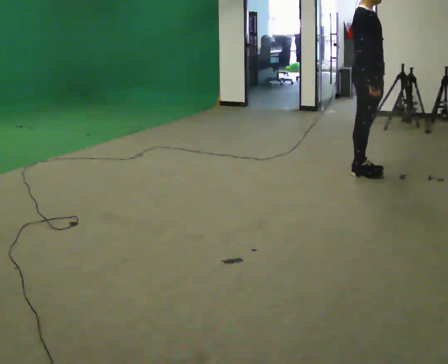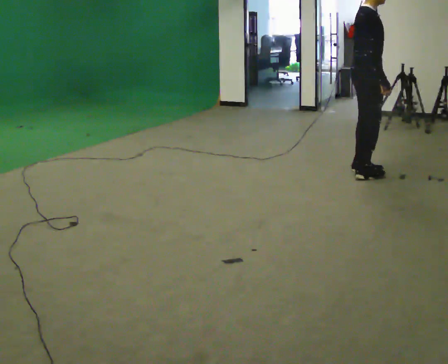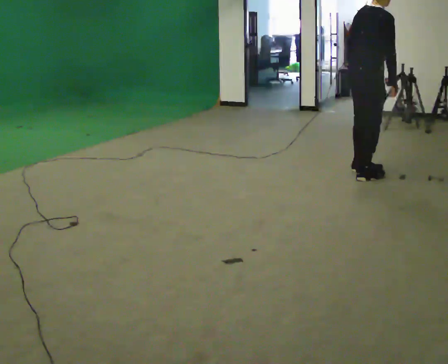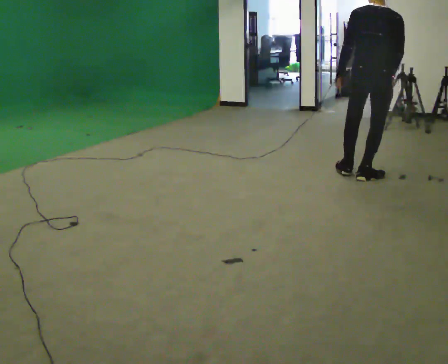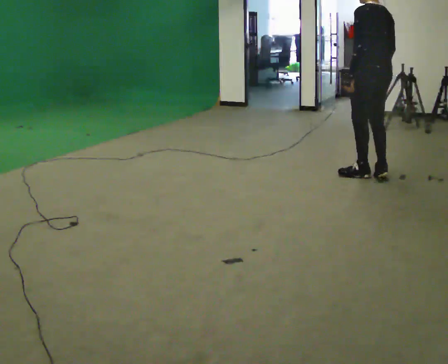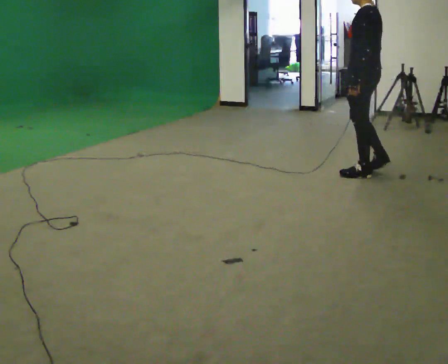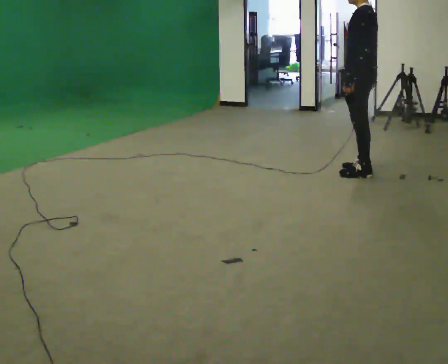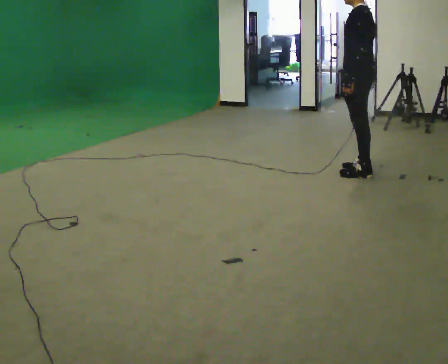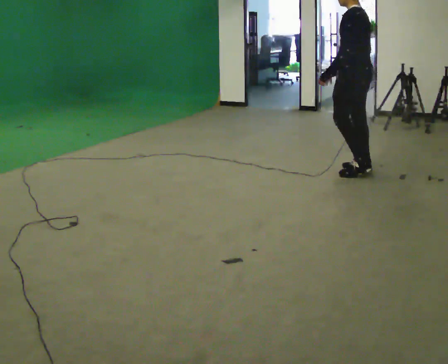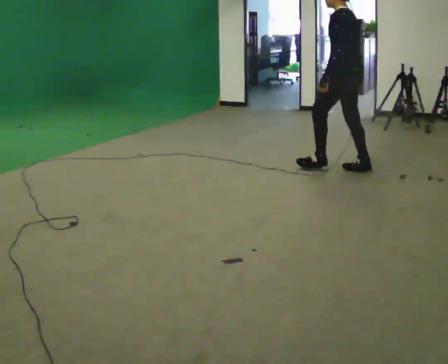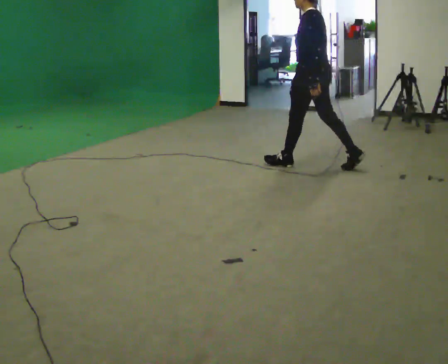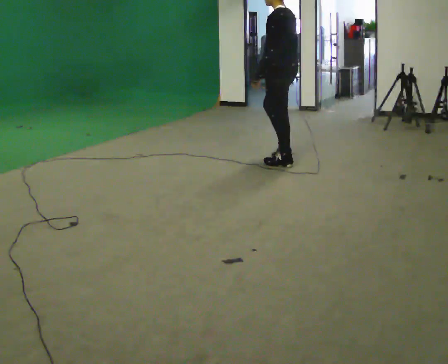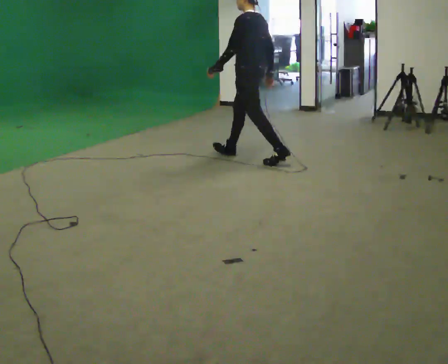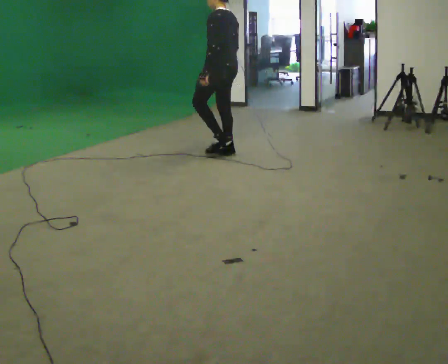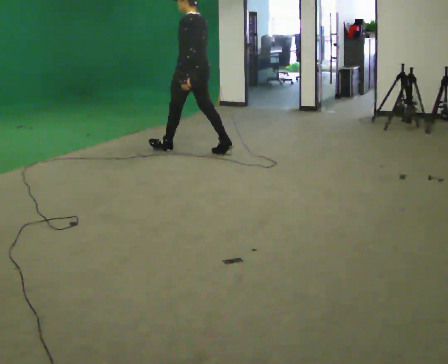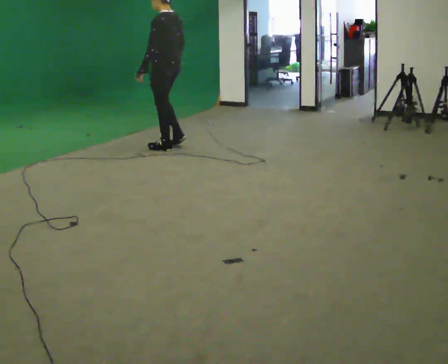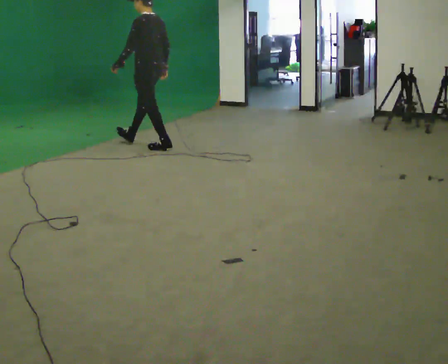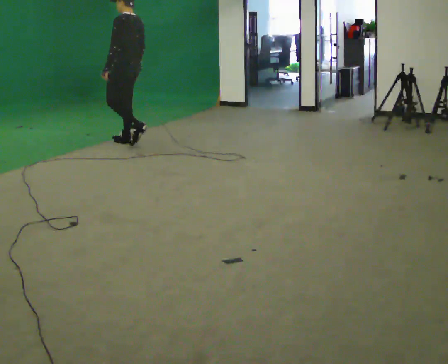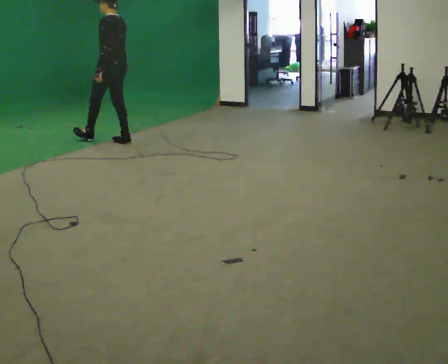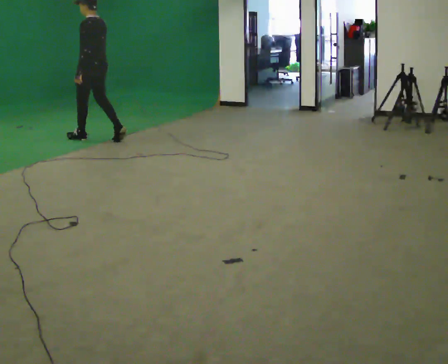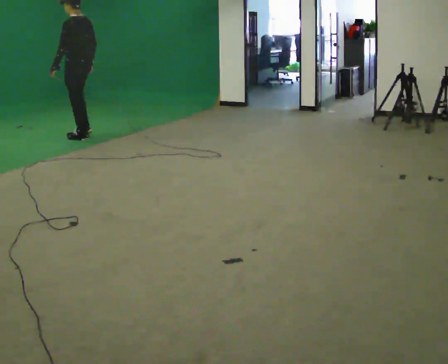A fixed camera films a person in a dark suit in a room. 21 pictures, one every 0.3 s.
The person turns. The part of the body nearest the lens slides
to the right.
The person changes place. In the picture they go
to the left.
0.0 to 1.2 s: The person turns about 150 degrees to their left, counterclockwise seen from above, so the part of the body nearest the lens slides to the right.
1.2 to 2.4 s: In the picture they go away from the camera, about 0.25 m in 1 step, which for them is forward and to their right.
2.4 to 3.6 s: In the picture they go to the left, about 1 m in 2 steps, which for them is forward.
3.6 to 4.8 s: In the picture they go to the left, about 1 m in 1 step, which for them is forward.
4.8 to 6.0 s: In the picture they go to the left, about 1 m in 2 steps, which for them is forward.
The film runs forward here.
